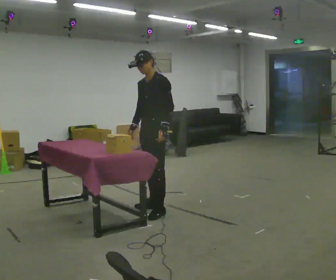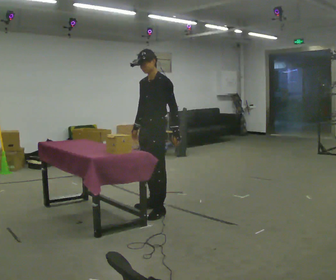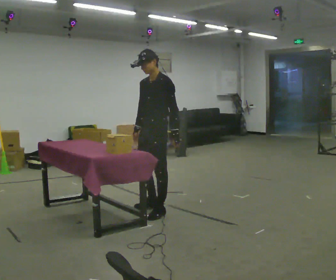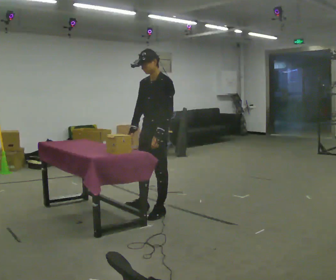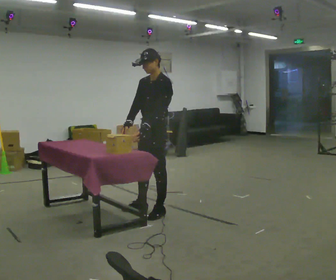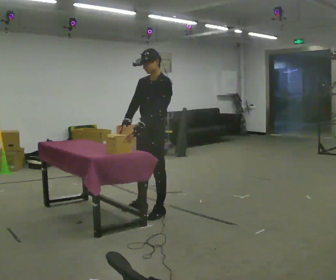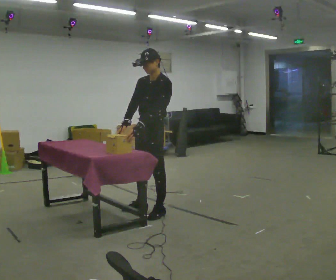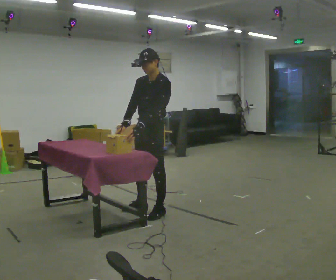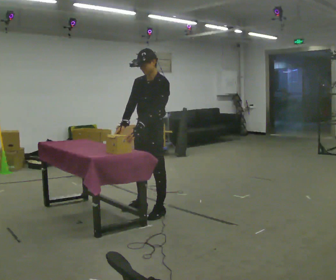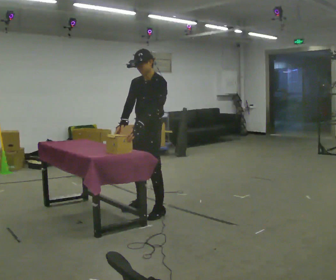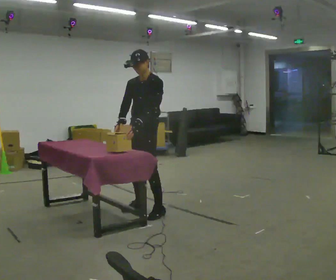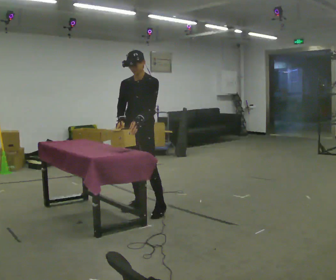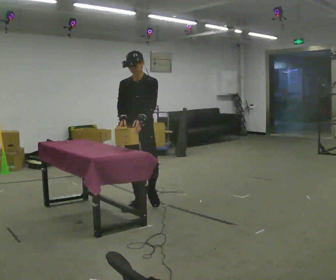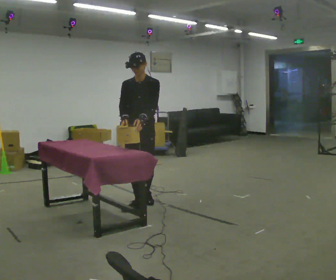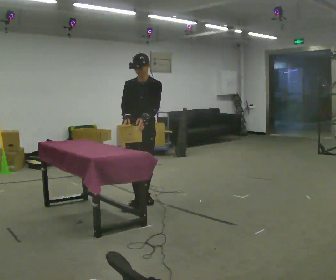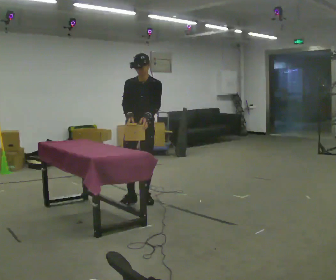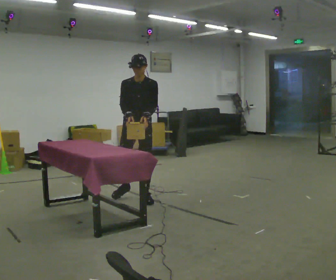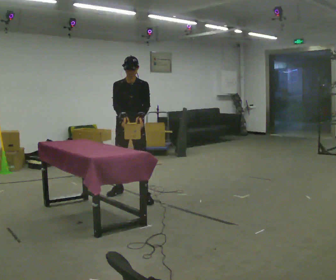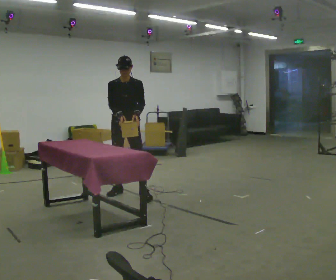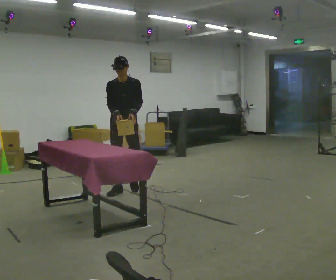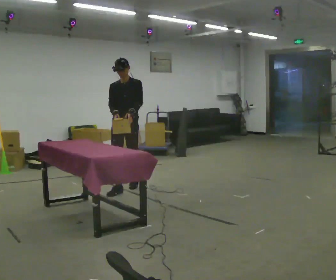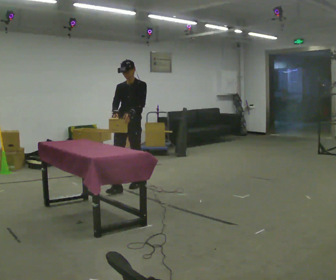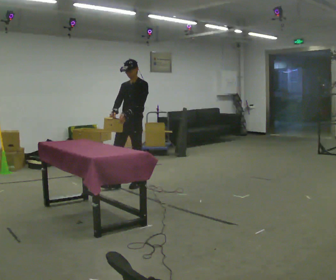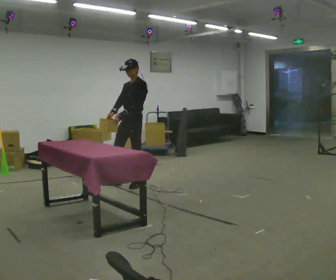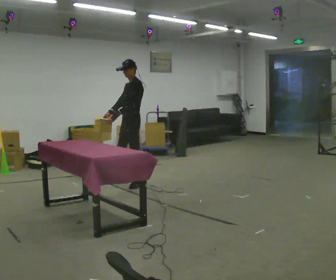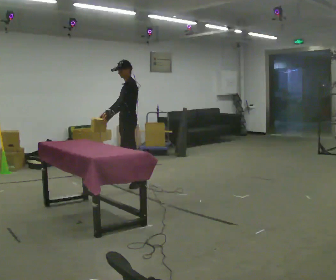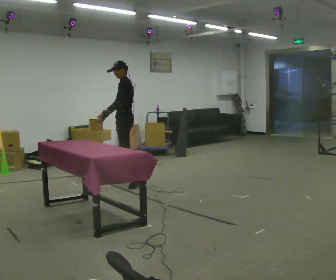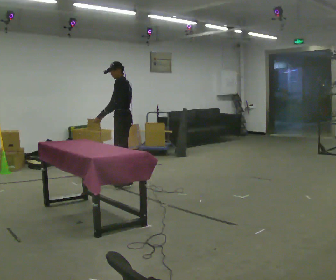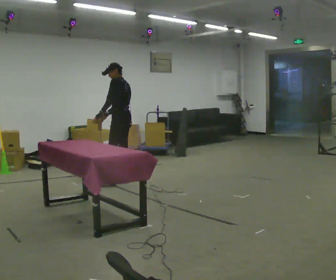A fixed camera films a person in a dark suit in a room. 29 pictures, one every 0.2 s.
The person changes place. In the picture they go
away from the camera.
The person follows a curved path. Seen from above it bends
clockwise.
0.0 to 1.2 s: In the picture they go toward the camera, about 0.25 m in 1 step, which for them is to their left.
1.2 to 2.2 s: The part of the body nearest the lens slides to the right as the person turns to their left by about 30 degrees.
2.2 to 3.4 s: In the picture they go away from the camera, about 0.5 m in 1 step, which for them is backward and to their right.
3.4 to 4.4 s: The part of the body nearest the lens slides to the left as the person turns to their right by about 30 degrees. In the picture they go away from the camera, about 0.5 m in 2 steps, which for them is backward.
4.4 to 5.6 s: The person turns about 75 degrees to their right, clockwise seen from above, so the part of the body nearest the lens slides to the left. In the picture they go away from the camera, about 0.25 m in 1 step.
The film runs backward here.
